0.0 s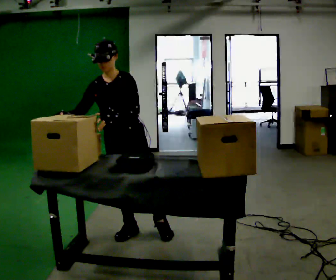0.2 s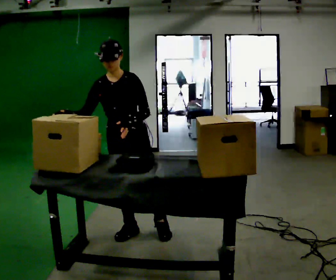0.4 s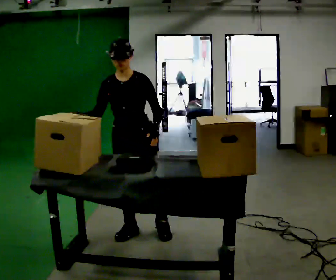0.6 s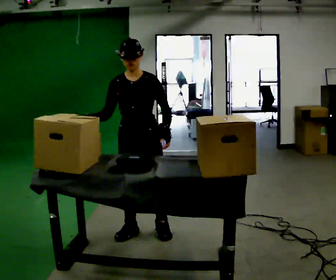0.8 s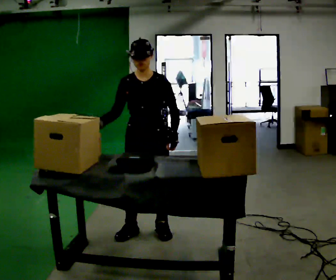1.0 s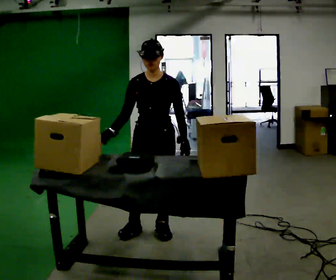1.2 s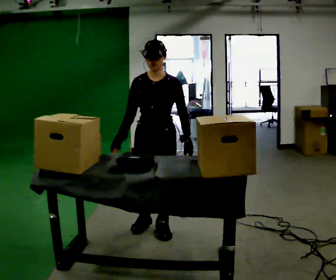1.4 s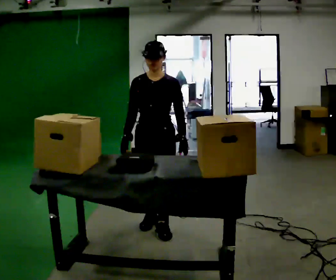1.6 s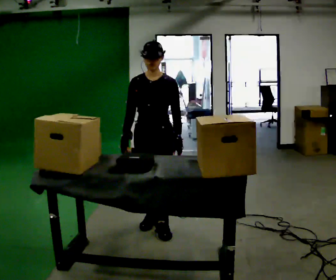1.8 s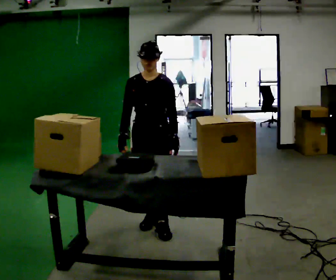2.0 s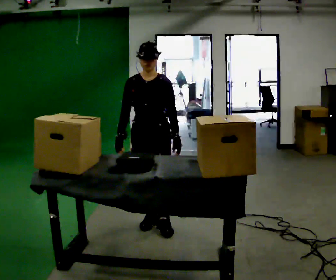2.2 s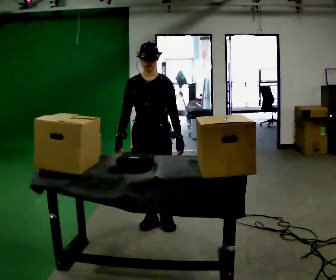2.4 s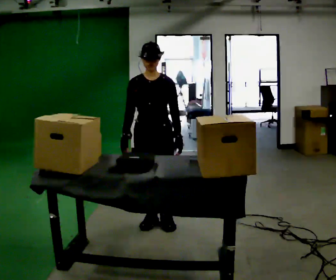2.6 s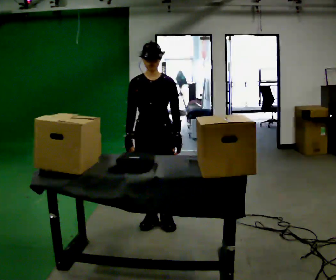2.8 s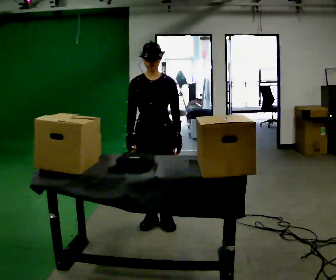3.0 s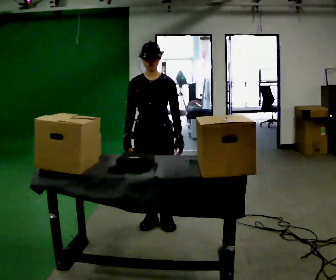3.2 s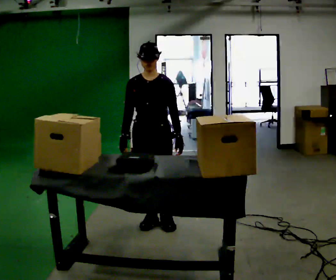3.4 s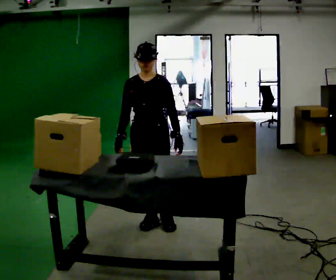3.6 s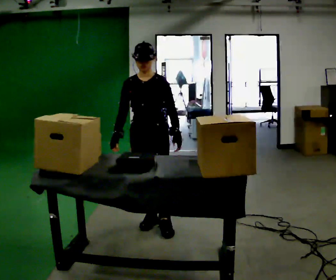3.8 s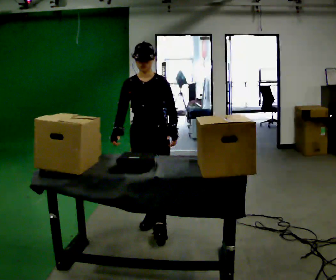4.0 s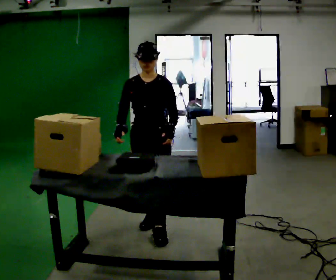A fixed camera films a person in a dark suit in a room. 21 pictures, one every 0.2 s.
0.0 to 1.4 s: In the picture they go to the right, about 0.25 m in 1 step, which for them is to their left and backward. In the picture the upper body tilts clockwise, shoulders to the right.
1.4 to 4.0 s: The person moves a little, or ends about where they began.
The film runs forward here.
